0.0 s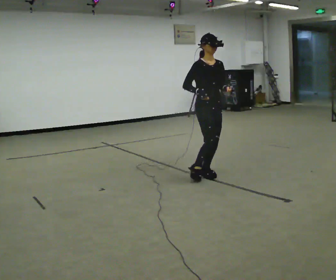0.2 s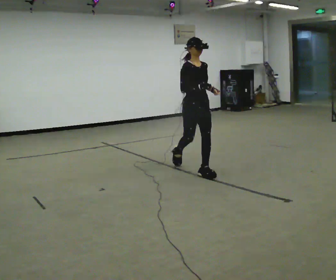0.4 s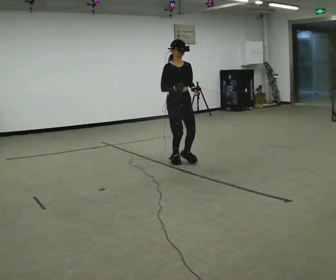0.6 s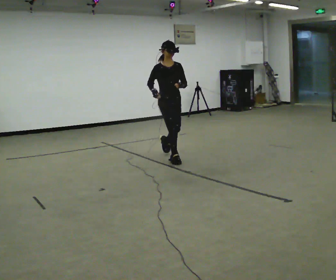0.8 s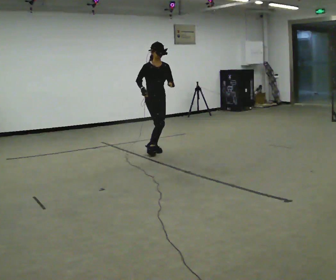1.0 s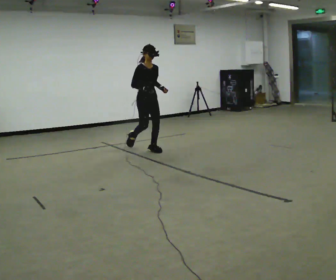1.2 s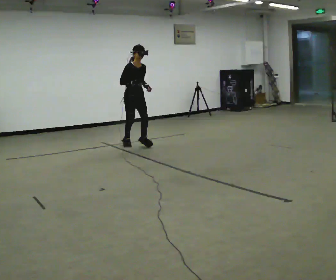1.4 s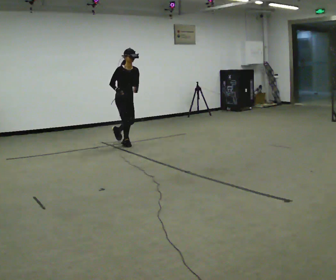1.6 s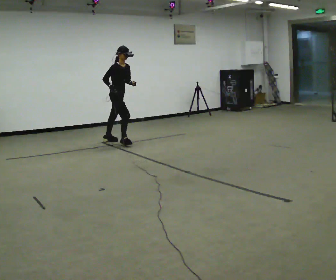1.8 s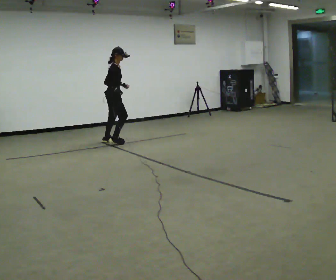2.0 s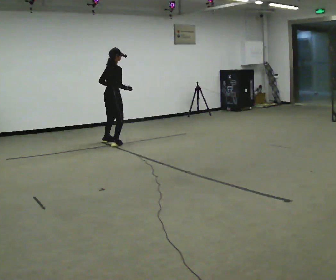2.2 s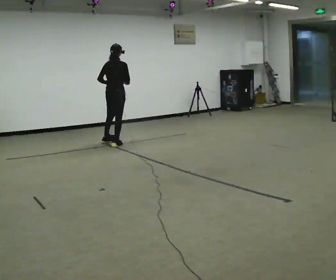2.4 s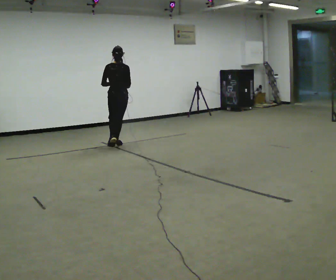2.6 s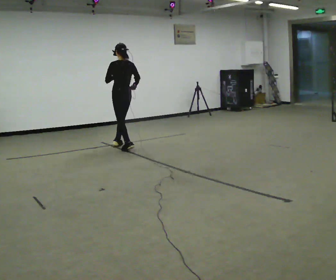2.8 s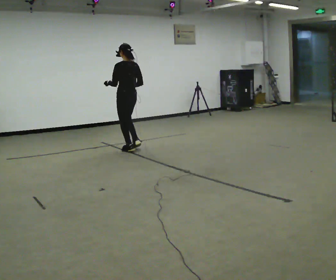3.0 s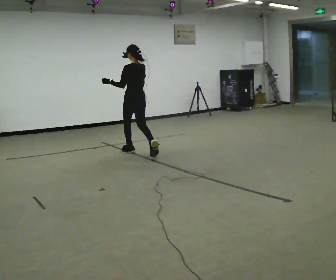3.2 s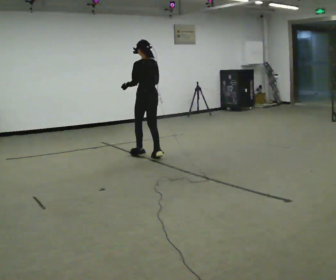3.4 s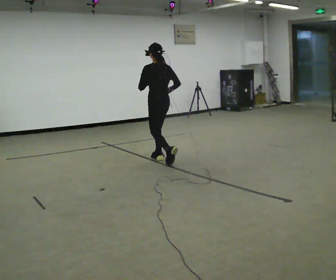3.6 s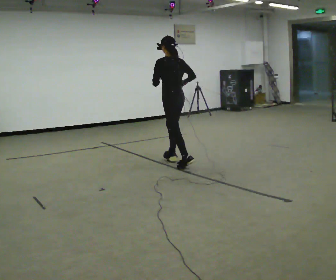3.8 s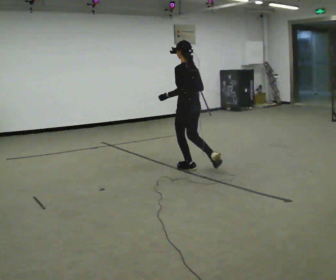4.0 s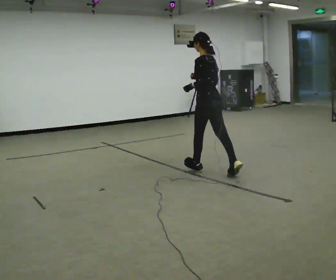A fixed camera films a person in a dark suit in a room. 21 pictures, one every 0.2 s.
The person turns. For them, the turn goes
to their left.
The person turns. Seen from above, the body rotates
counterclockwise.
0.0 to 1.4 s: In the picture they go away from the camera and to the left, about 2 m in 3 steps, which for them is backward.
1.4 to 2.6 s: Seen from above the body turns counterclockwise, about 165 degrees: to their left, with its near side sliding to the right. In the picture they go toward the camera, about 0.25 m in 3 steps.
2.6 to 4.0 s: In the picture they go toward the camera and to the right, about 2 m in 3 steps, which for them is backward.
The film runs backward here.
